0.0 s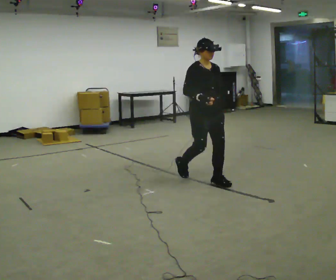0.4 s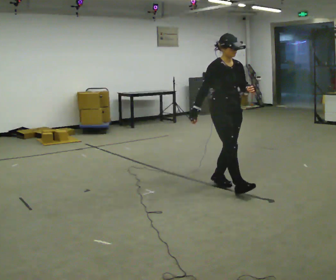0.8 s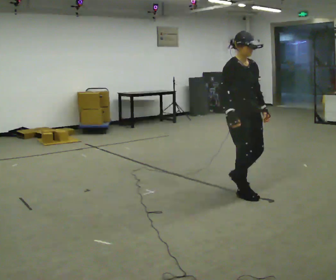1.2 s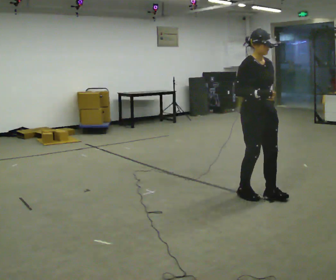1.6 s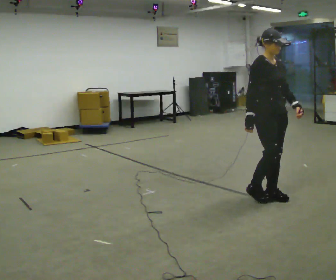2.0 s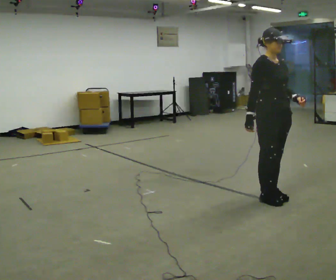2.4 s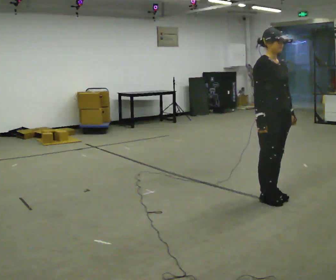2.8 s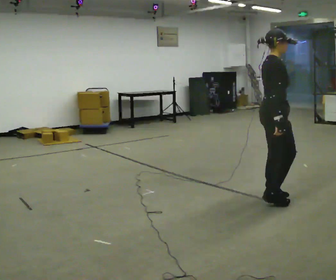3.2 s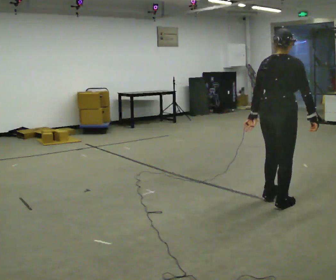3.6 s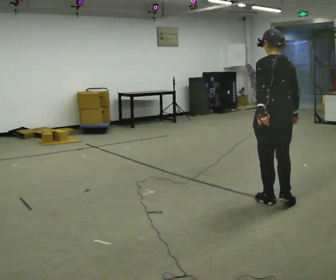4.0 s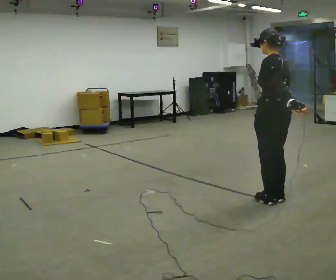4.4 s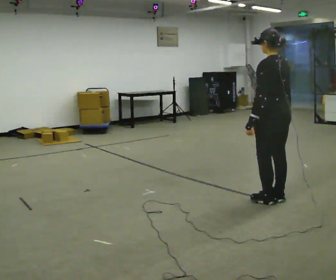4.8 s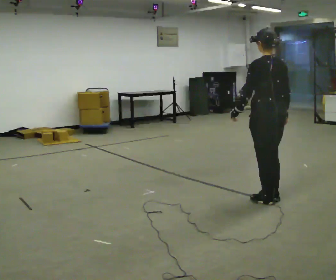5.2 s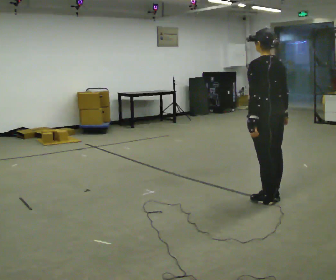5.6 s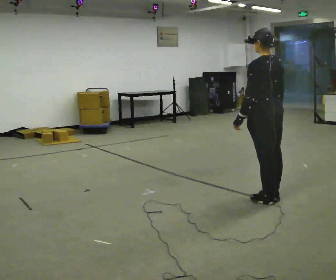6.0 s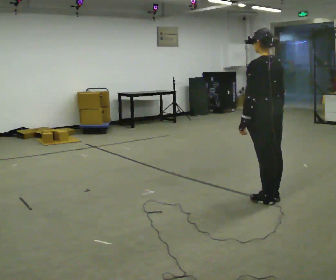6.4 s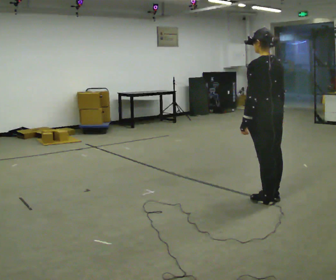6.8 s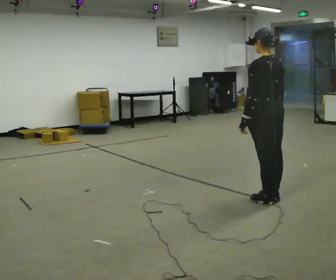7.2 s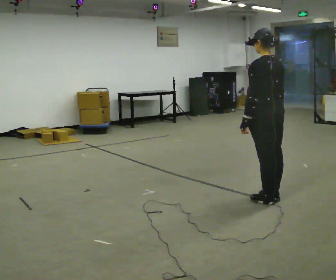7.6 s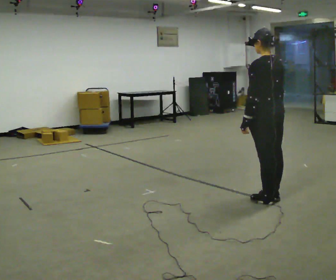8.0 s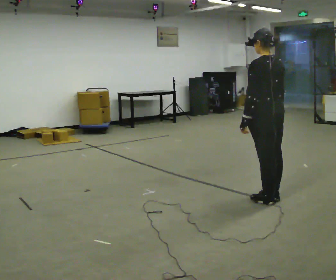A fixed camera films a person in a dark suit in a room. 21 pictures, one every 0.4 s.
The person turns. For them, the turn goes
to their left.
The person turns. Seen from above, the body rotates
counterclockwise.
0.0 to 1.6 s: In the picture they go to the right and toward the camera, about 1 m in 2 steps, which for them is forward.
1.6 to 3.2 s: Seen from above the body turns counterclockwise, about 105 degrees: to their left, with its near side sliding to the right. In the picture they go toward the camera, about 0.25 m in 2 steps. In the picture their left hand goes to the left, the arm swinging clockwise.
3.2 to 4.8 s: The person turns about 75 degrees to their left, counterclockwise seen from above, so the part of the body nearest the lens slides to the right.
4.8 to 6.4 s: The person moves a little, or ends about where they began.
6.4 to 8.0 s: The person keeps their place and pose.
The film runs forward here.
